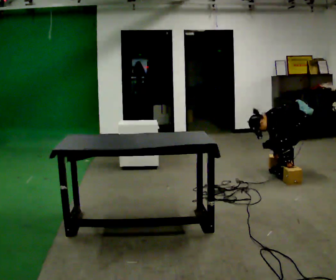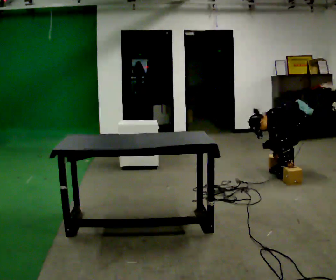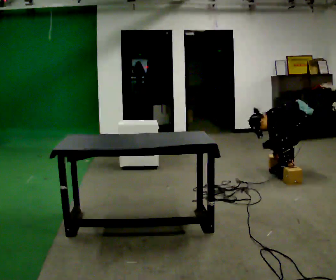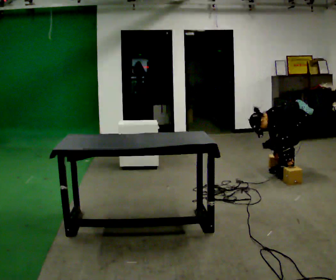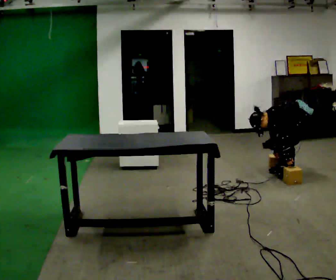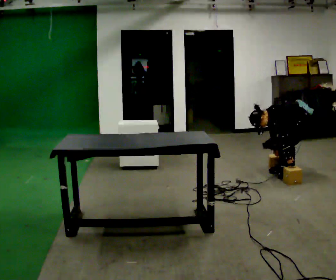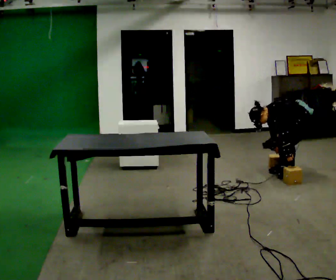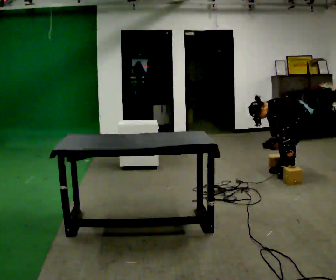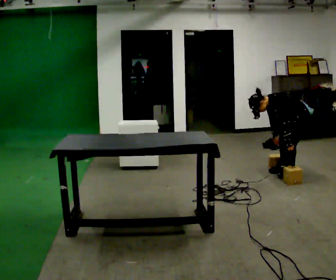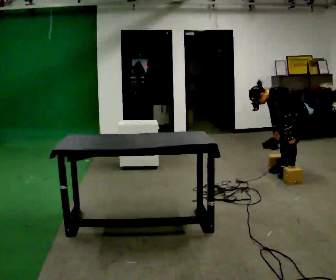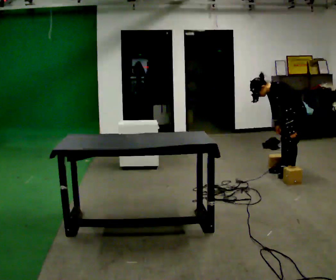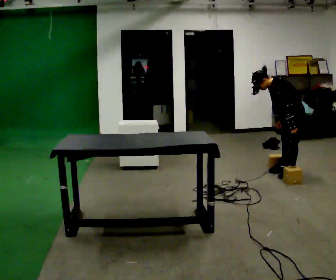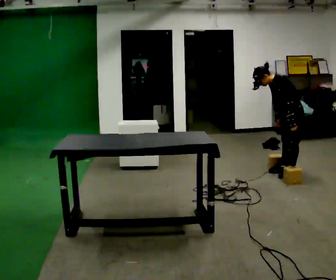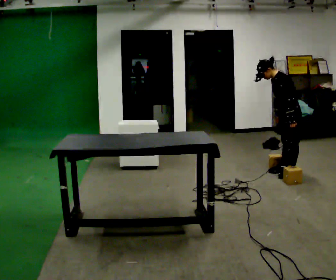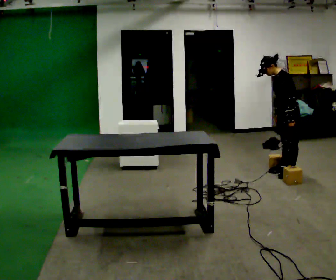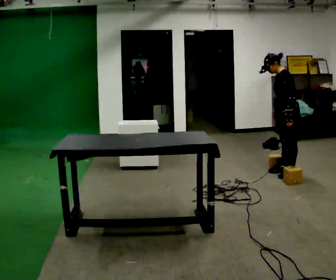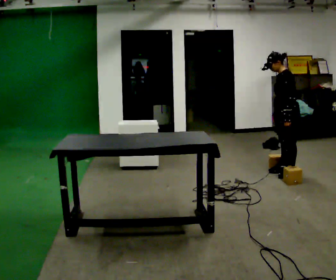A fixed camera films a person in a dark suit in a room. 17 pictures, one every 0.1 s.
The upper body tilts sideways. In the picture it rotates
clockwise.
The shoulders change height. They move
upward.
0.0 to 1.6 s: In the picture they go to the left, about 0.25 m, which for them is forward. The upper body goes upward. In the picture the upper body tilts clockwise, shoulders to the right, as they lean back or straighten. In the picture their right hand goes upward.
The film runs backward here.
